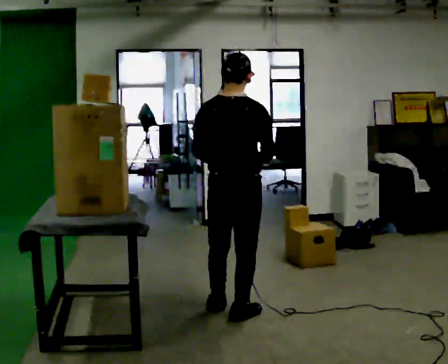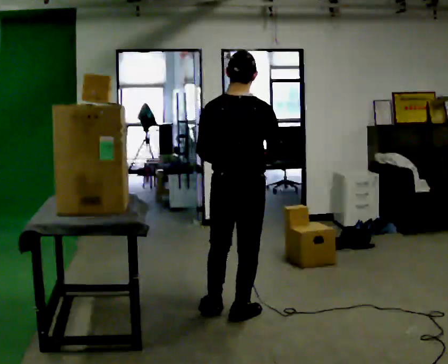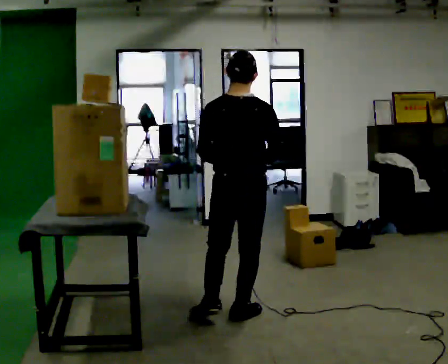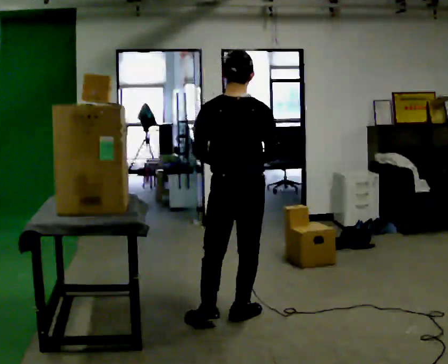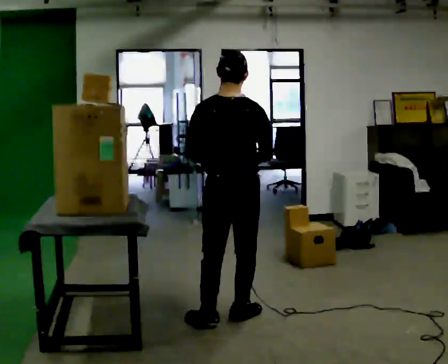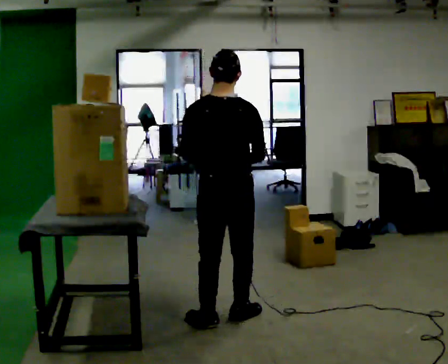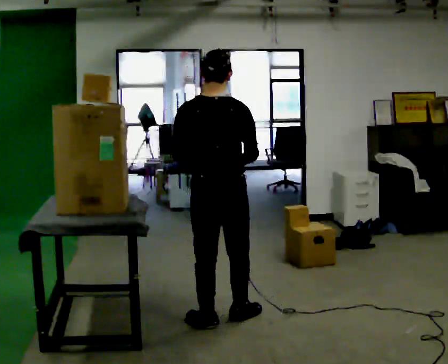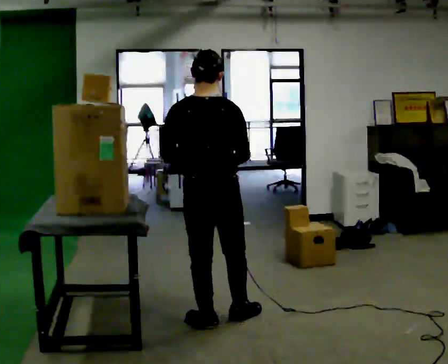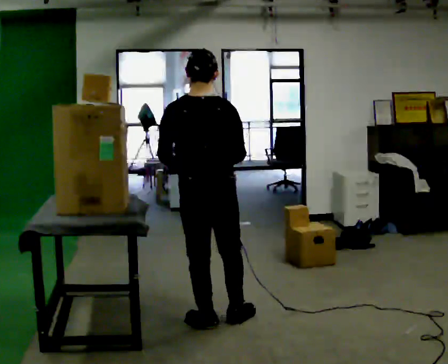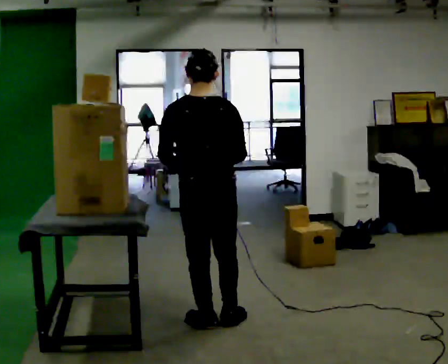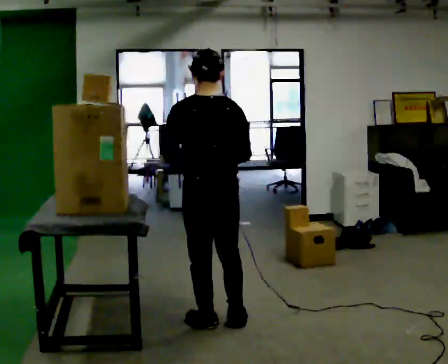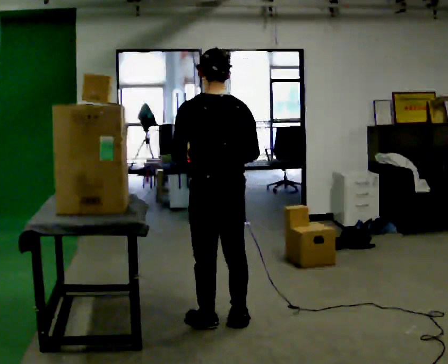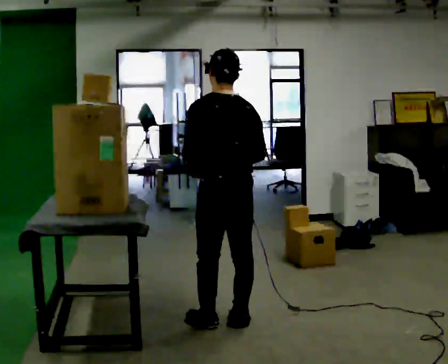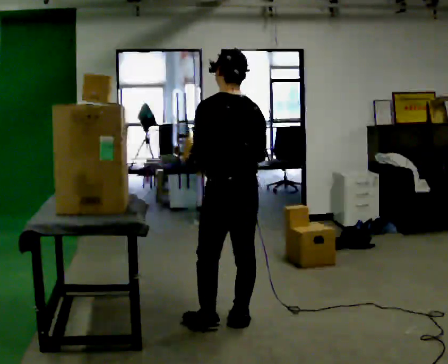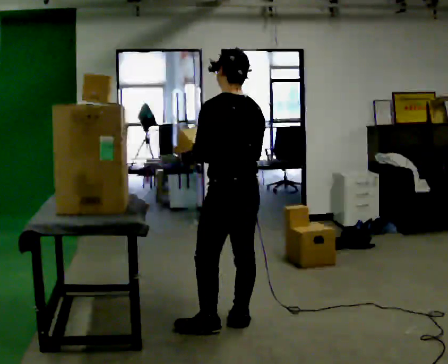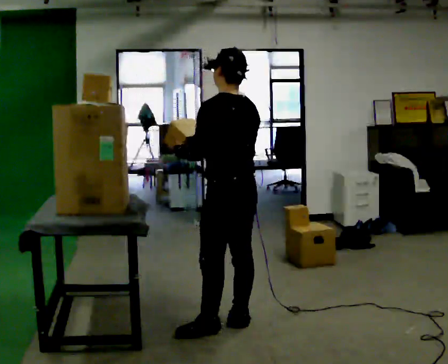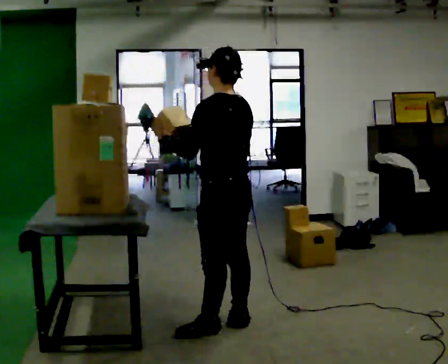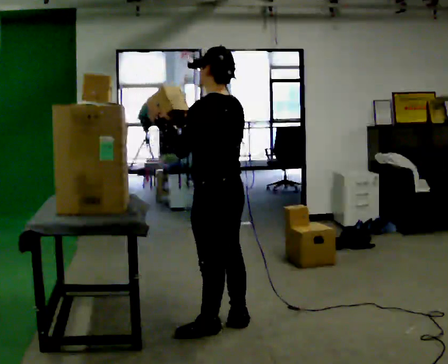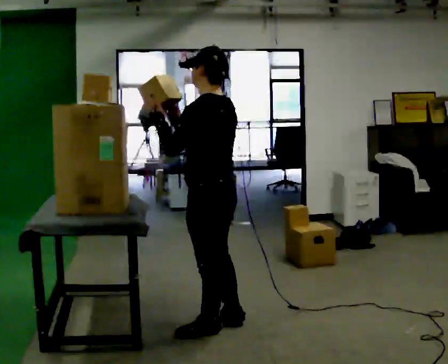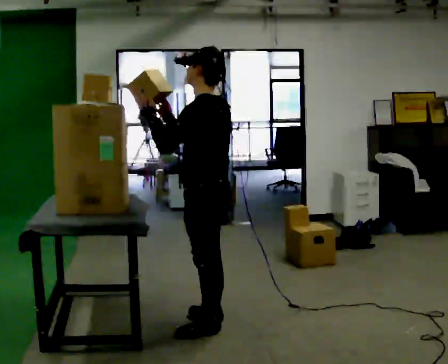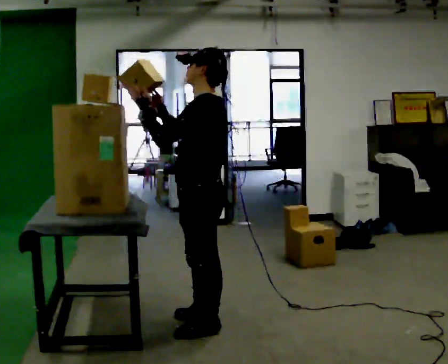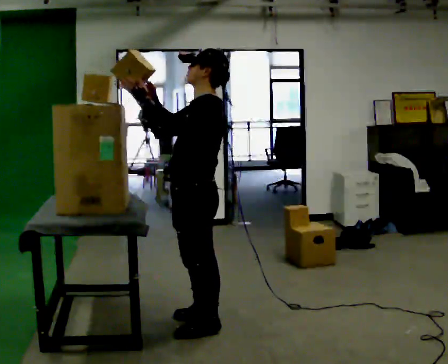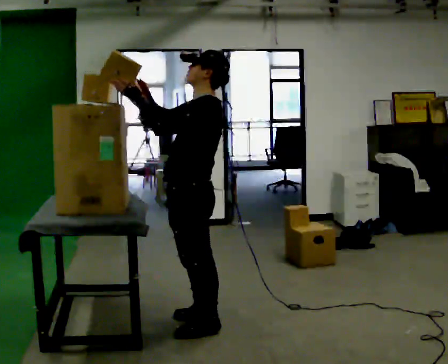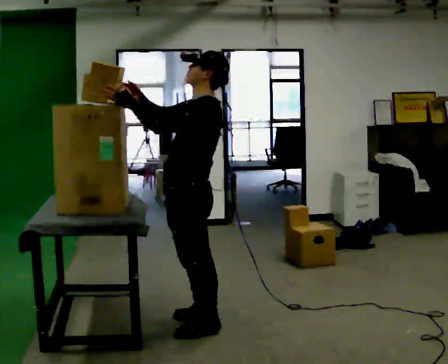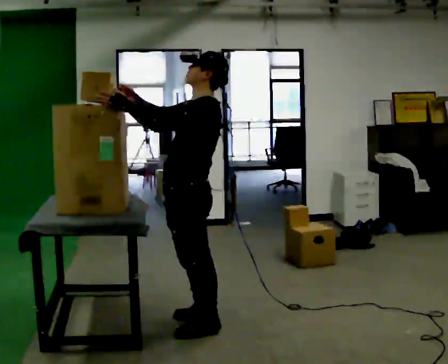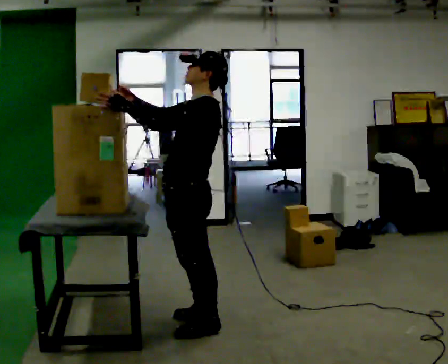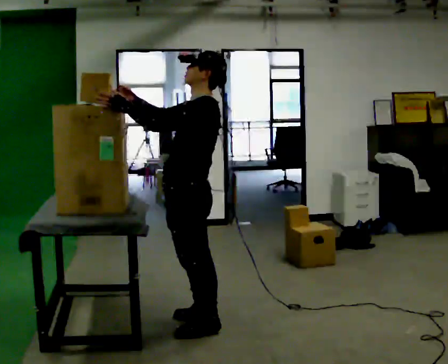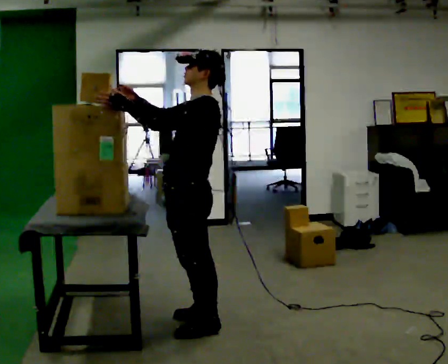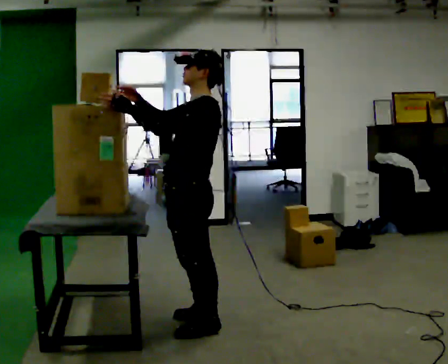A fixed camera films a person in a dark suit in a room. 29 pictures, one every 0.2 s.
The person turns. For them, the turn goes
to their left.
The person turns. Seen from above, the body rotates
counterclockwise.
0.0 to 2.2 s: The part of the body nearest the lens slides to the right as the person turns to their left by about 30 degrees. In the picture they go toward the camera, about 0.25 m in 1 step, which for them is backward.
2.2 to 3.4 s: Seen from above the body turns counterclockwise, about 45 degrees: to their left, with its near side sliding to the right.
3.4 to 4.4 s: Seen from above the body turns counterclockwise, about 30 degrees: to their left, with its near side sliding to the right. In the picture they go to the left, about 0.25 m in 1 step, which for them is forward.
4.4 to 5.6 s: The person moves a little, or ends about where they began.
The film runs backward here.
